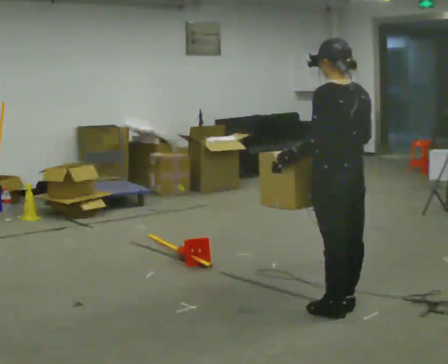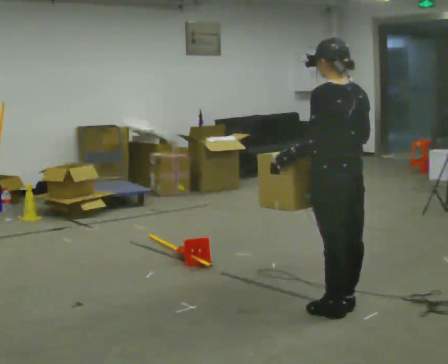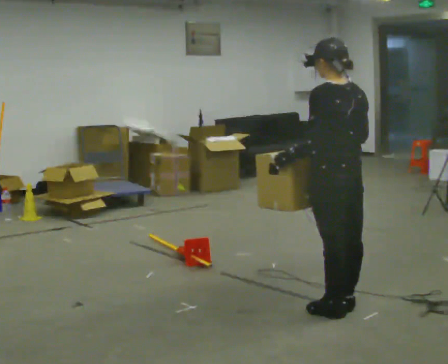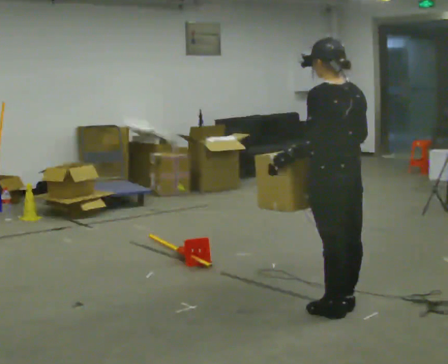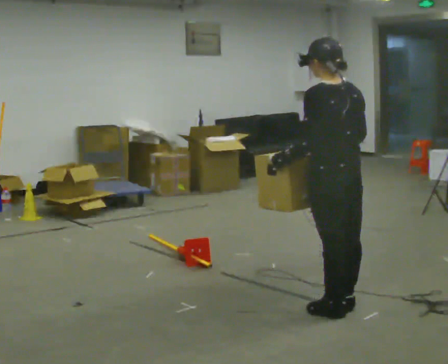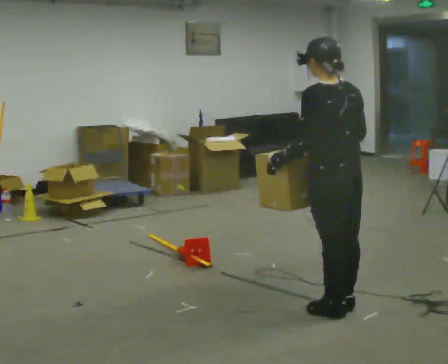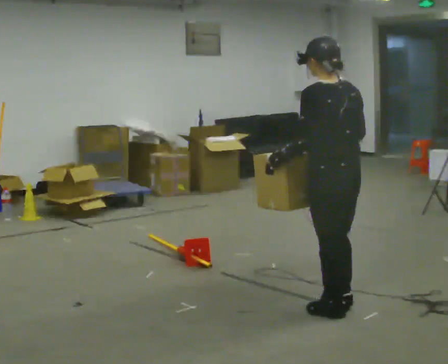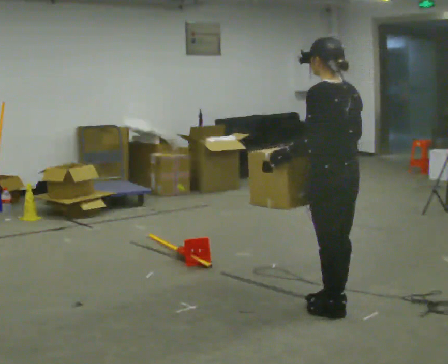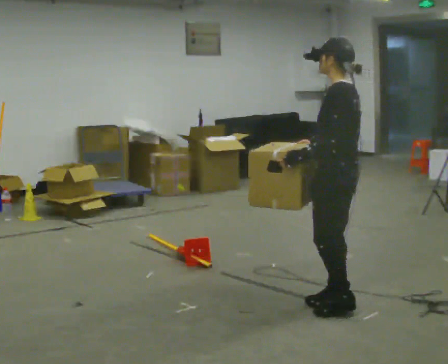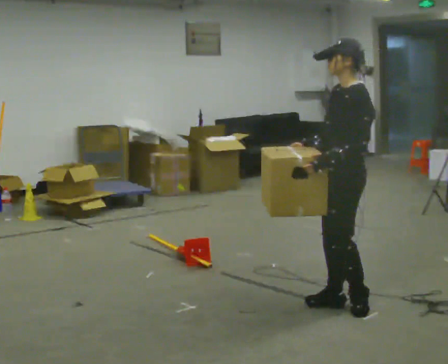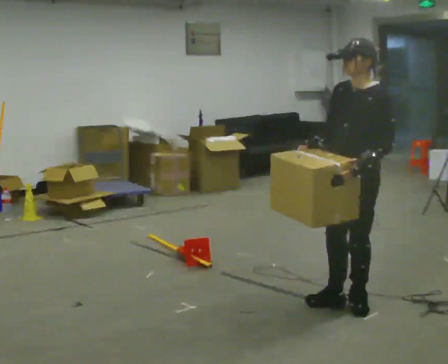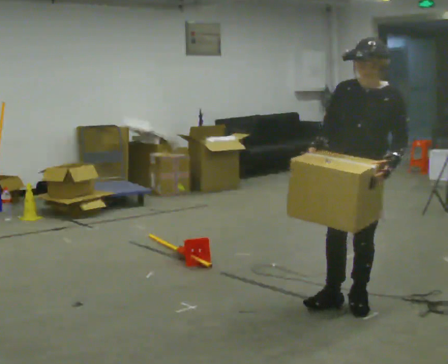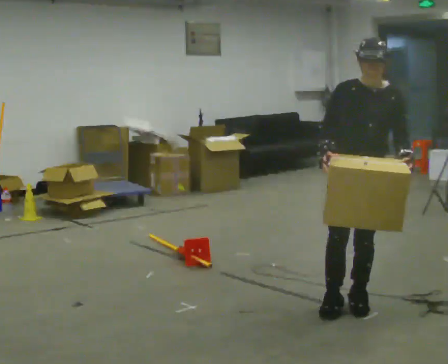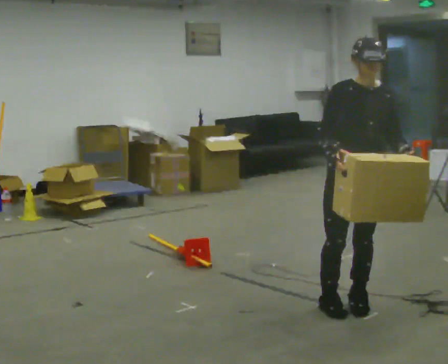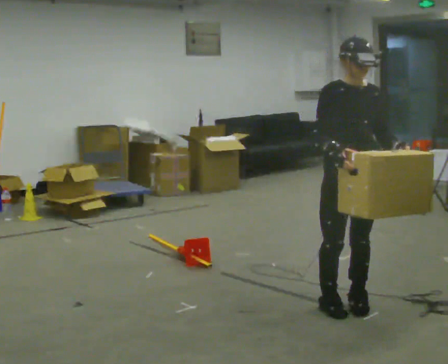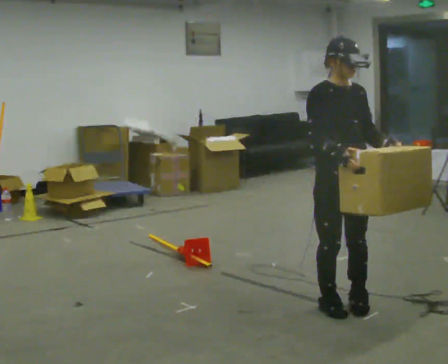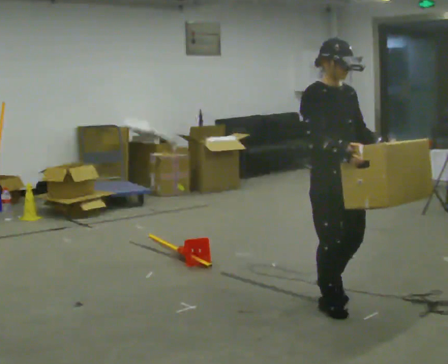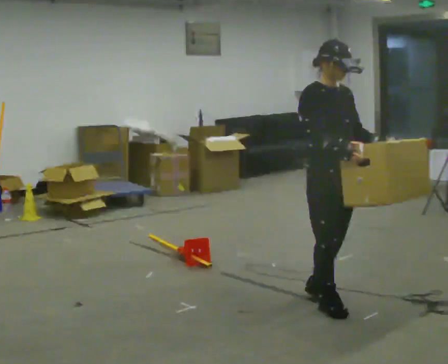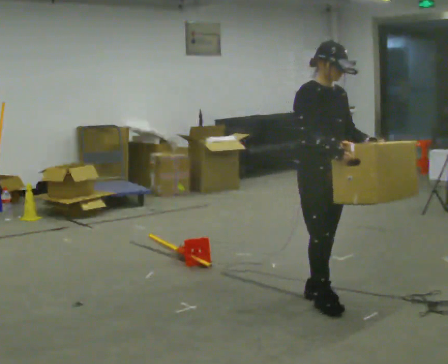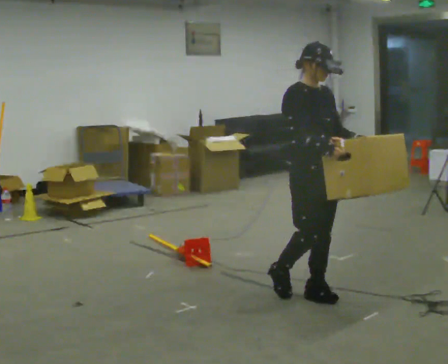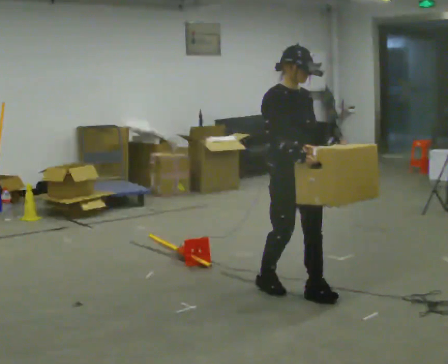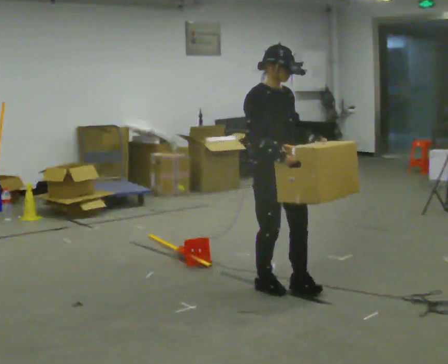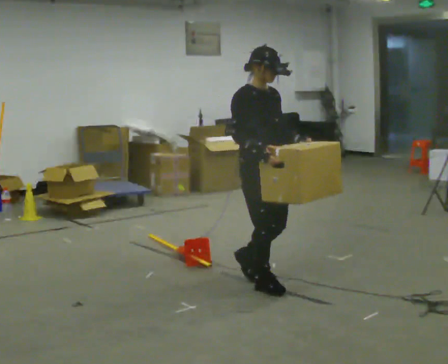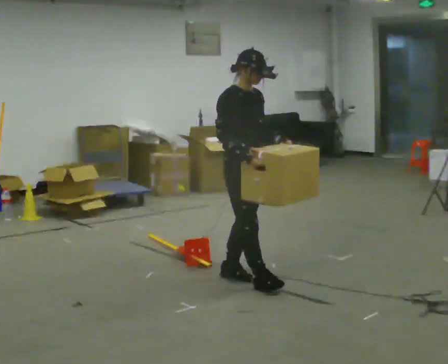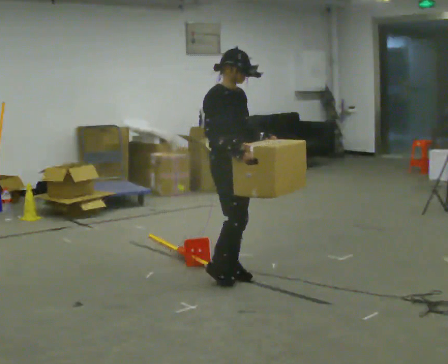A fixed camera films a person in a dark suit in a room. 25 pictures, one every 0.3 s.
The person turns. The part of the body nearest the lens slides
to the right.
The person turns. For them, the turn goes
to their left.
0.0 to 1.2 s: The person moves a little, or ends about where they began.
1.2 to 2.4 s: Seen from above the body turns counterclockwise, about 30 degrees: to their left, with its near side sliding to the right.
2.4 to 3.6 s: The person turns about 90 degrees to their left, counterclockwise seen from above, so the part of the body nearest the lens slides to the right.
3.6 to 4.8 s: The person turns about 45 degrees to their left, counterclockwise seen from above, so the part of the body nearest the lens slides to the right.
4.8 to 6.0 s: In the picture they go away from the camera and to the left, about 0.25 m in 1 step, which for them is backward.
6.0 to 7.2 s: In the picture they go to the left and away from the camera, about 0.5 m in 2 steps, which for them is backward.
The film runs backward here.
